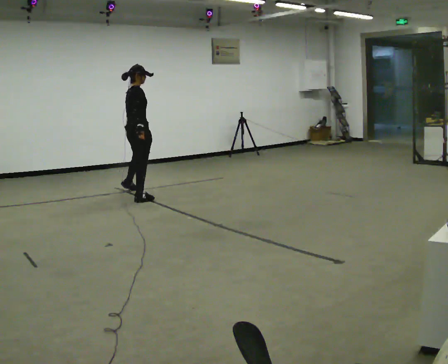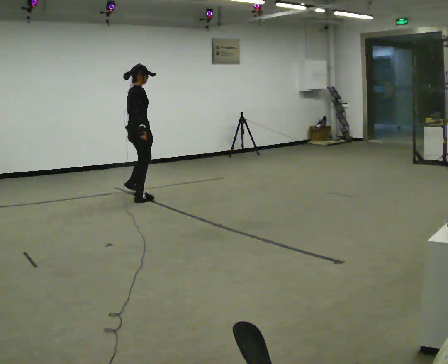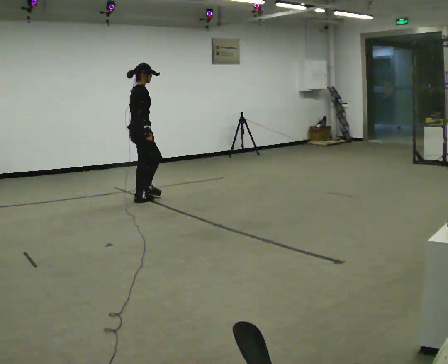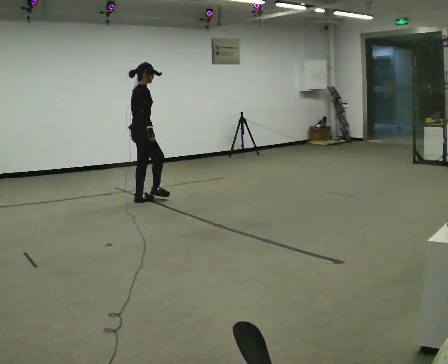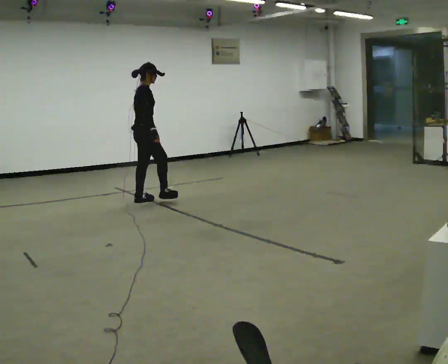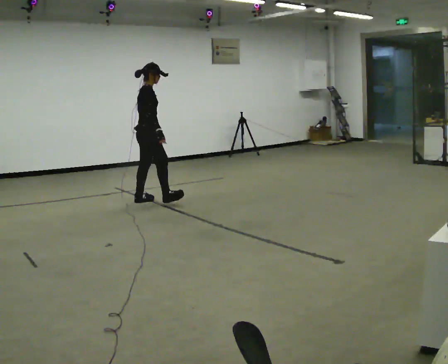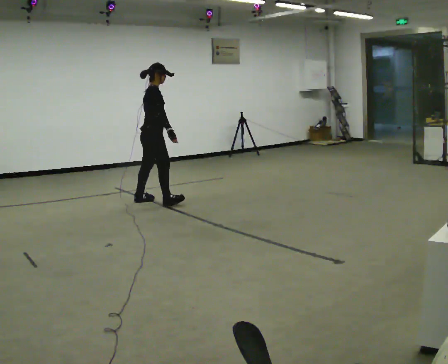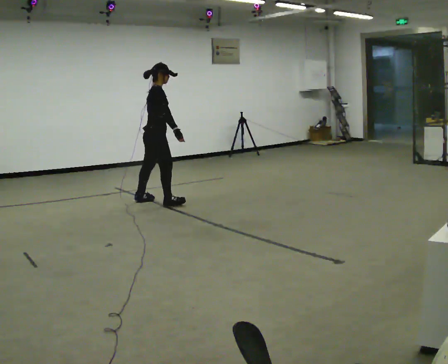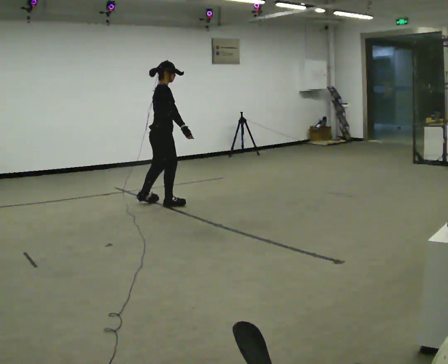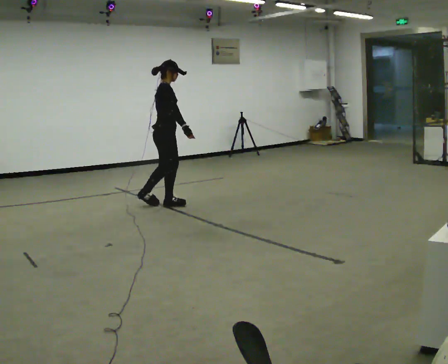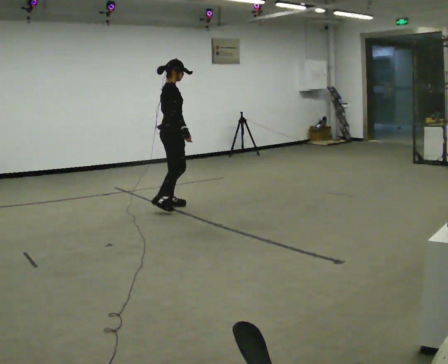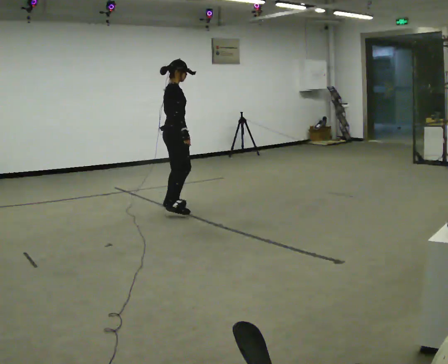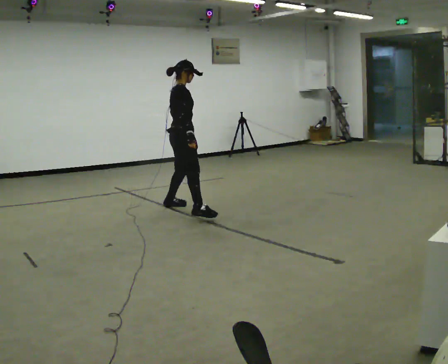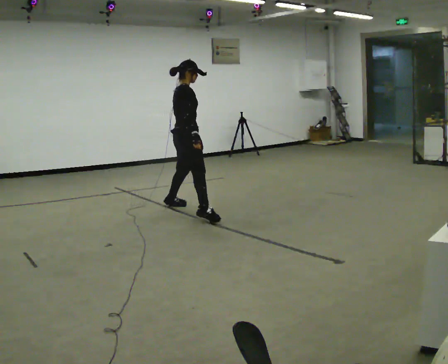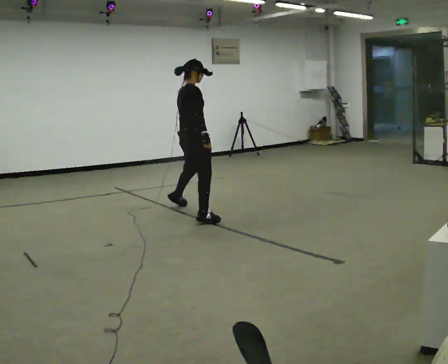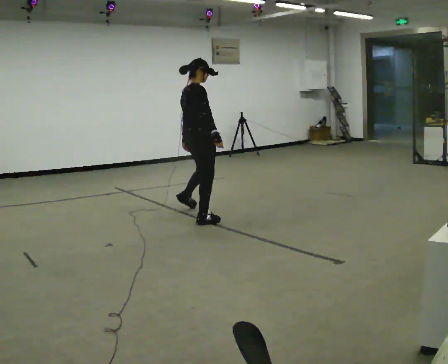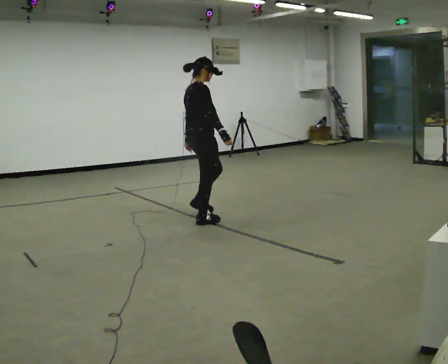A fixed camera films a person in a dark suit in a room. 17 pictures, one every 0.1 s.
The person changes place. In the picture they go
toward the camera.
0.0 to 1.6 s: In the picture they go toward the camera and to the right, about 1.5 m in 2 steps, which for them is to their right and forward.
The film runs forward here.
